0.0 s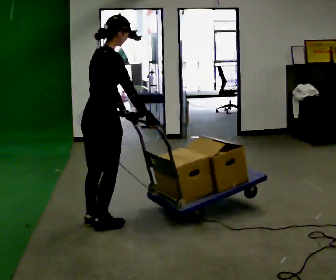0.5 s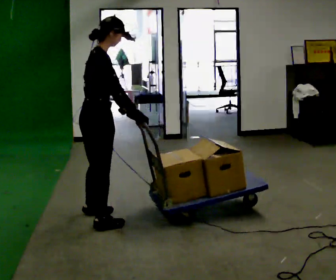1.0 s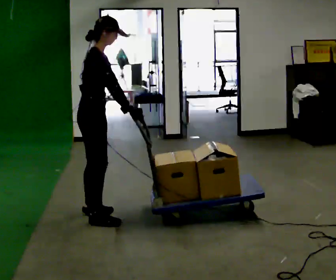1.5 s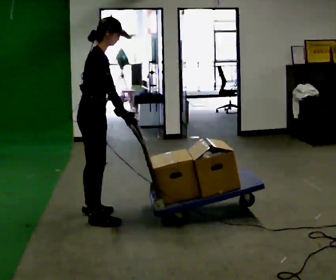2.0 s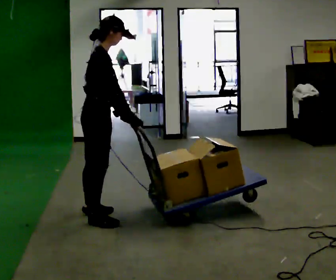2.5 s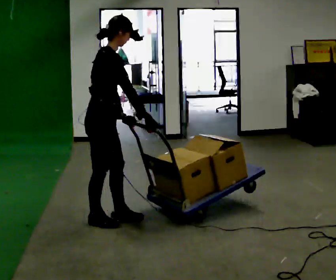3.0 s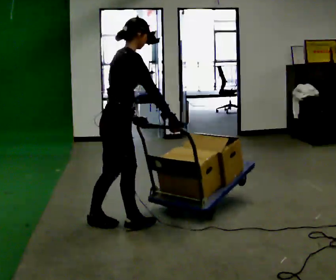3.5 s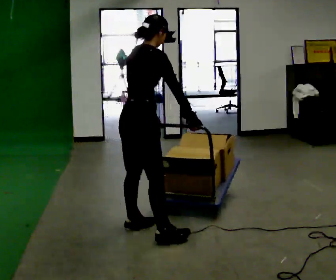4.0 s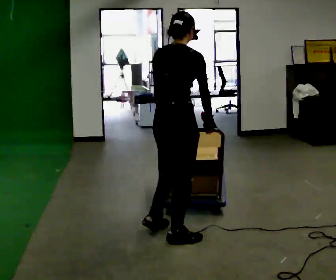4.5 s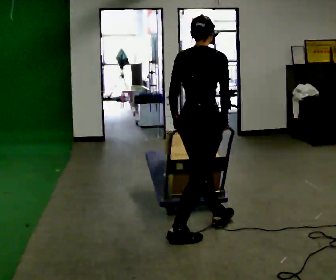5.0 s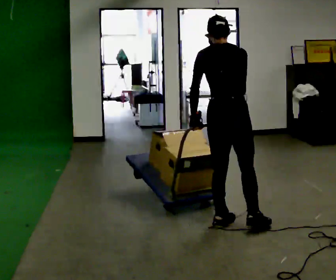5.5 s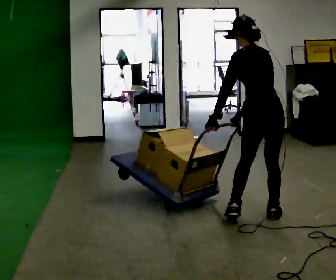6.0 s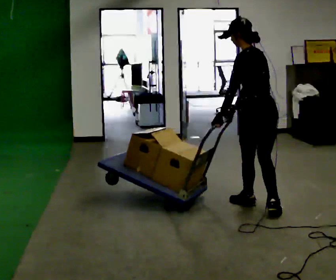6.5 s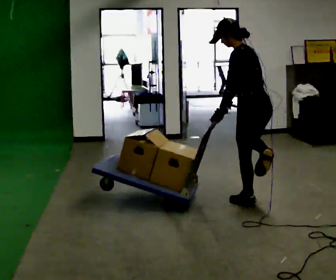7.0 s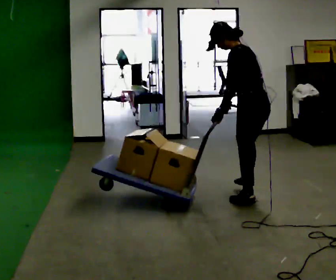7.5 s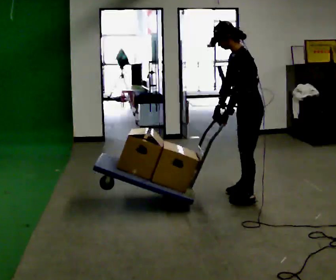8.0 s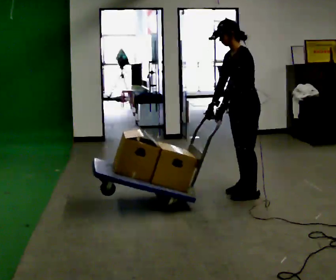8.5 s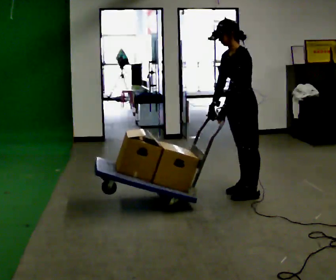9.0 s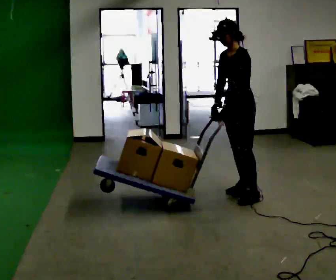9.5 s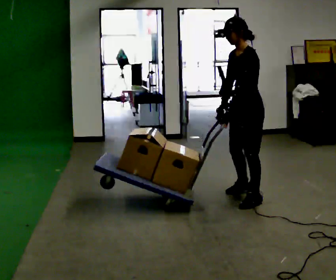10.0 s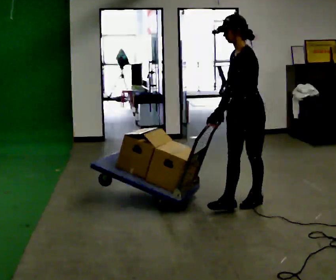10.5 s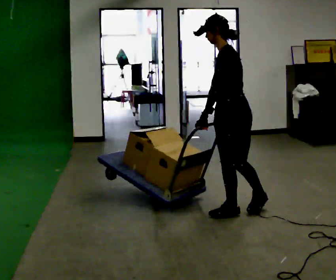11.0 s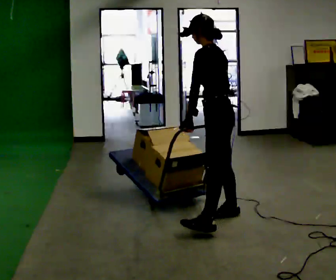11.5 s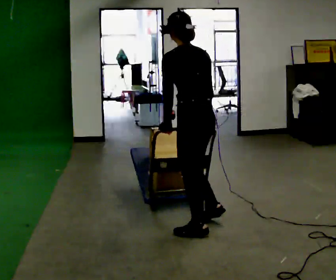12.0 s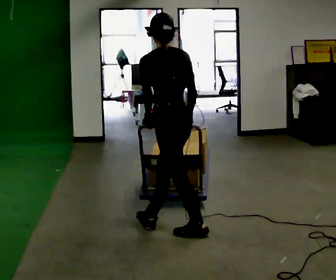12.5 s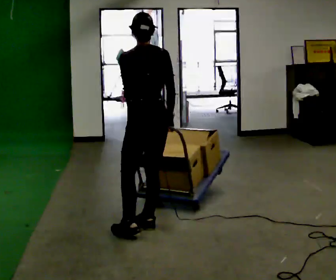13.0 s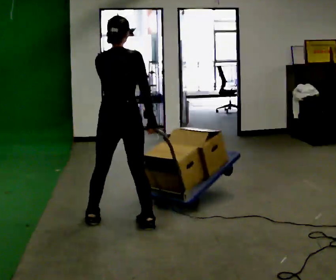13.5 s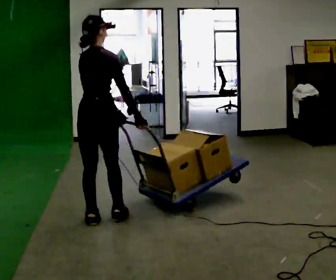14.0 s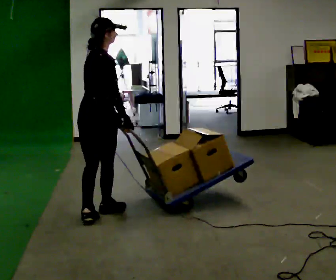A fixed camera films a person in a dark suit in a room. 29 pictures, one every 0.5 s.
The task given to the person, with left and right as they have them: Turn the cart round to face the other way without moving it out of the marked square, then turn it back. Repeat until the operator says stop.
0.0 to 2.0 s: The person moves a little, or ends about where they began.
2.0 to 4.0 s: The person turns about 45 degrees to their left, counterclockwise seen from above, so the part of the body nearest the lens slides to the right. In the picture they go to the right and toward the camera, about 0.5 m in 2 steps, which for them is forward and to their right.
4.0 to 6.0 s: The person turns about 75 degrees to their left, counterclockwise seen from above, so the part of the body nearest the lens slides to the right. In the picture they go away from the camera and to the right, about 1 m in 3 steps. In the picture the upper body tilts counterclockwise, shoulders to the left.
6.0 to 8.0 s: The person turns about 75 degrees to their left, counterclockwise seen from above, so the part of the body nearest the lens slides to the right. In the picture they go away from the camera, about 0.5 m in 2 steps.
8.0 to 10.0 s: In the picture they go toward the camera, about 0.5 m, which for them is to their left and forward.
10.0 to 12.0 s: The person turns about 75 degrees to their right, clockwise seen from above, so the part of the body nearest the lens slides to the left. In the picture they go toward the camera and to the left, about 1 m in 3 steps.
12.0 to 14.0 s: The person turns about 90 degrees to their right, clockwise seen from above, so the part of the body nearest the lens slides to the left. In the picture they go to the left and away from the camera, about 0.5 m in 2 steps. In the picture the upper body tilts clockwise, shoulders to the right.
The film runs forward here.
